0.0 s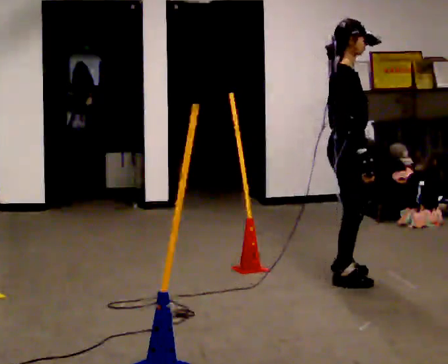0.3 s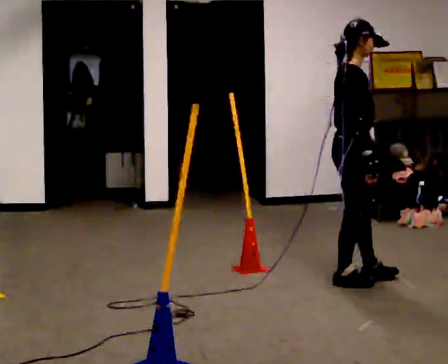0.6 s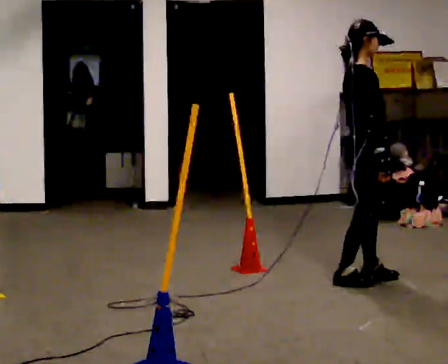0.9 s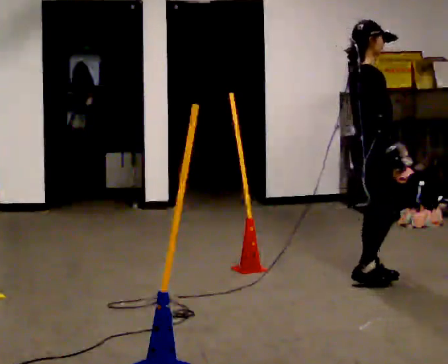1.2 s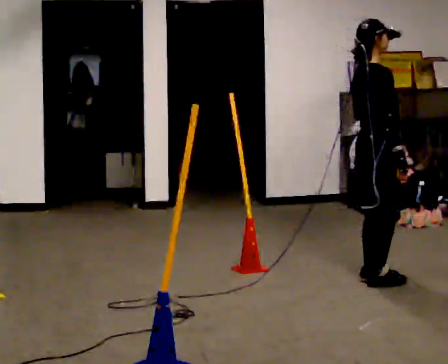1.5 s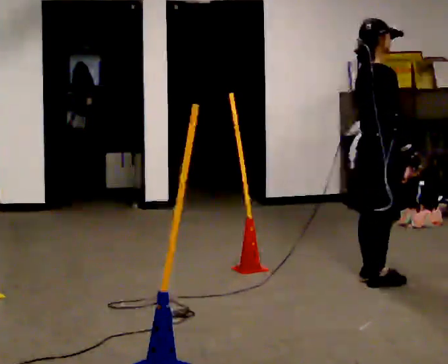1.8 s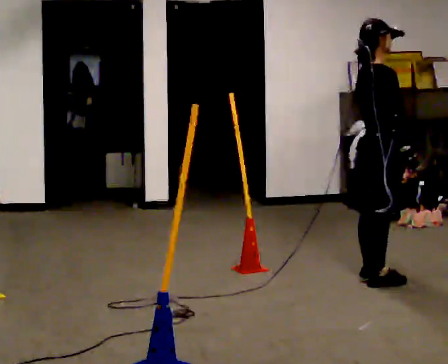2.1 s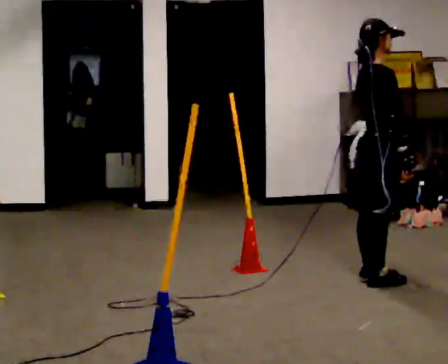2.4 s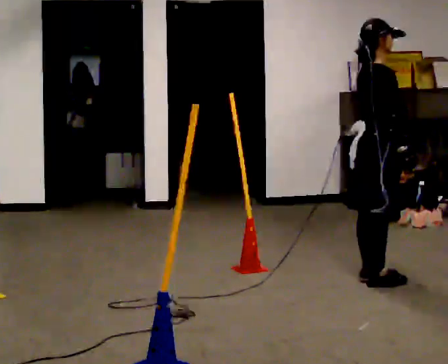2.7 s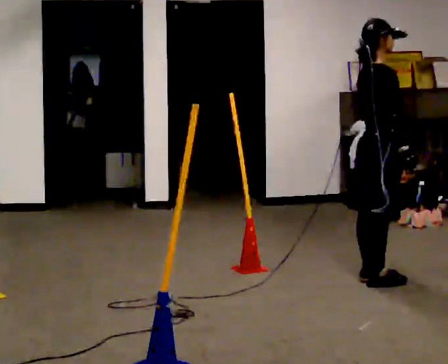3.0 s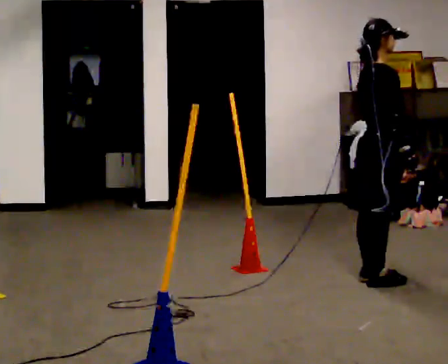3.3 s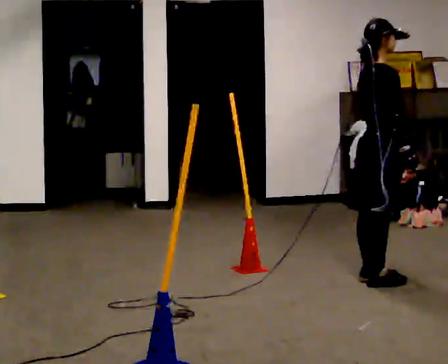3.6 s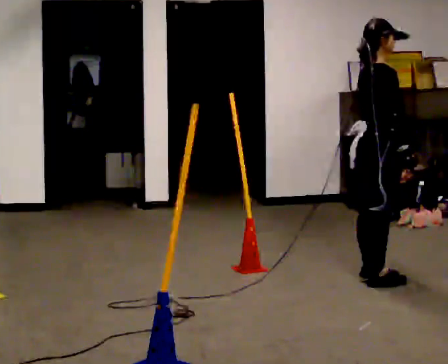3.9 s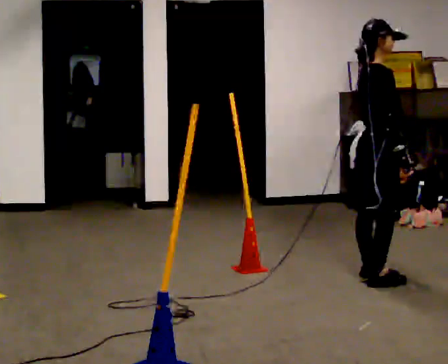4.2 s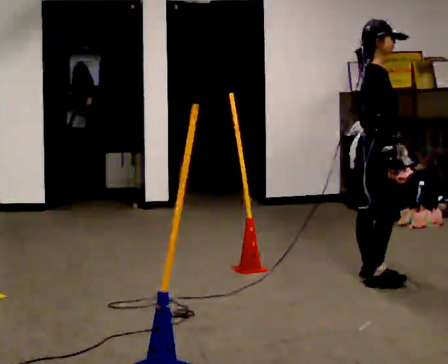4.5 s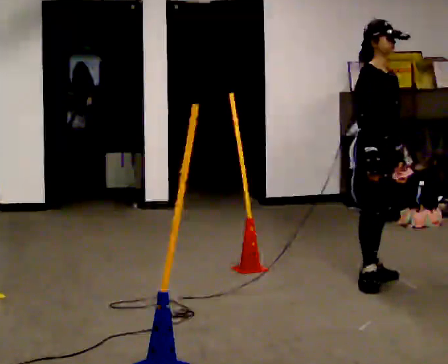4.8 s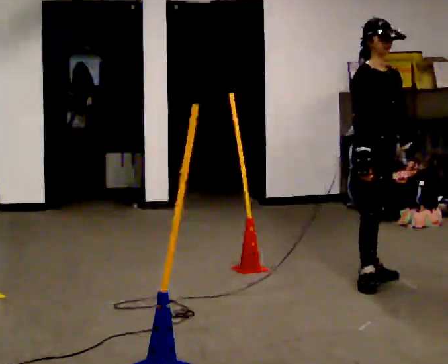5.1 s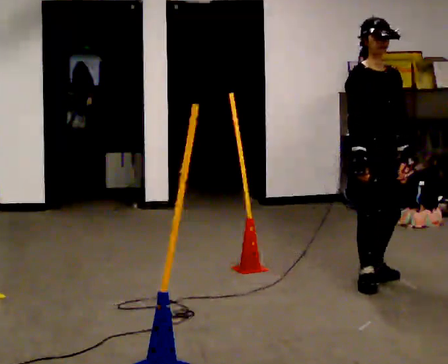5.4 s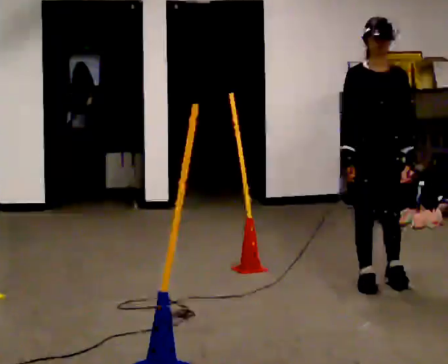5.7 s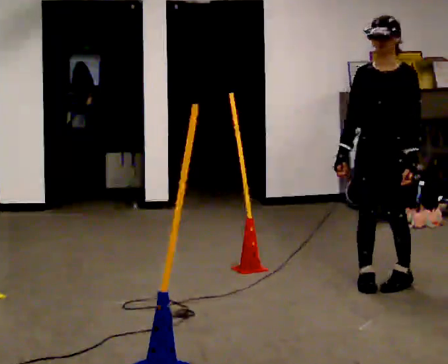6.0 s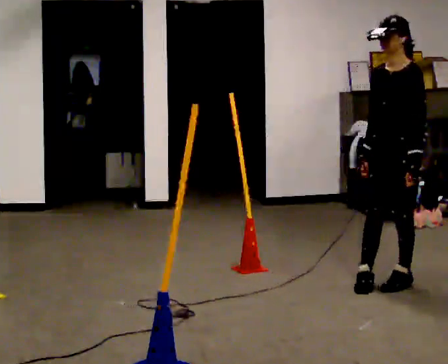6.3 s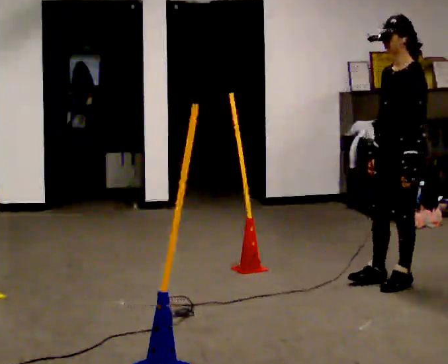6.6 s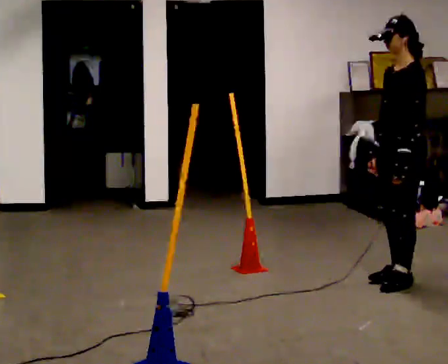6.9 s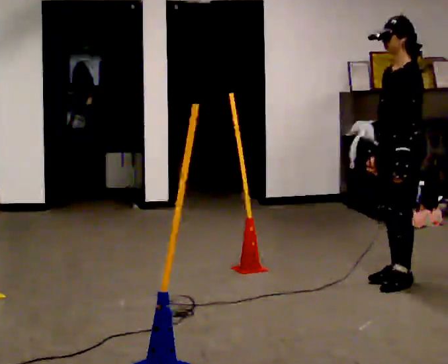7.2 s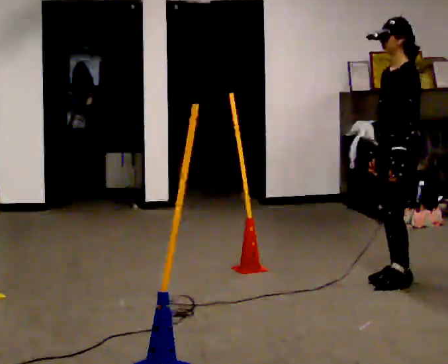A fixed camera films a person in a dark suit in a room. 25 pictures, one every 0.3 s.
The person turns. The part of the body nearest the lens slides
to the left.
The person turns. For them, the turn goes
to their right.
0.0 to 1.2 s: In the picture they go to the right, about 0.25 m in 2 steps, which for them is forward.
1.2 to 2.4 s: The person moves a little, or ends about where they began.
2.4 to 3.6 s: The person keeps their place and pose.
3.6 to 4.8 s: Seen from above the body turns clockwise, about 60 degrees: to their right, with its near side sliding to the left.
4.8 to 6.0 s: The person turns about 105 degrees to their right, clockwise seen from above, so the part of the body nearest the lens slides to the left. In the picture they go to the right, about 0.25 m in 1 step.
6.0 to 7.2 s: The person turns about 30 degrees to their right, clockwise seen from above, so the part of the body nearest the lens slides to the left.
The film runs forward here.
